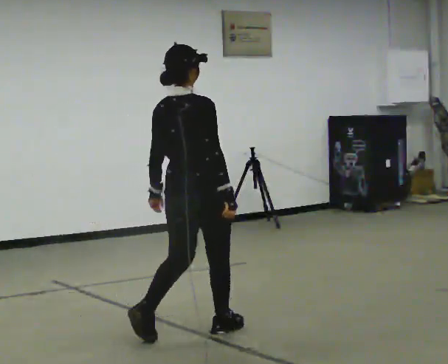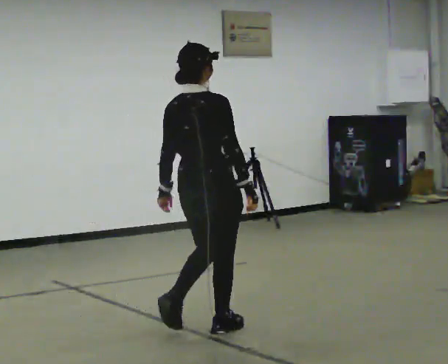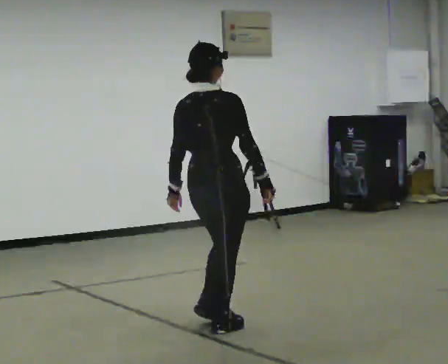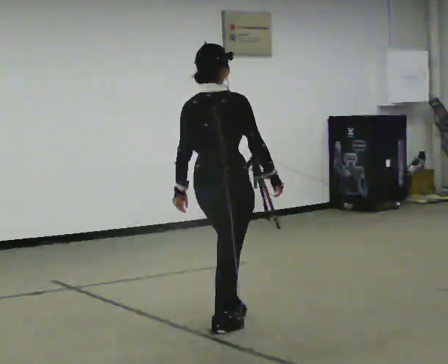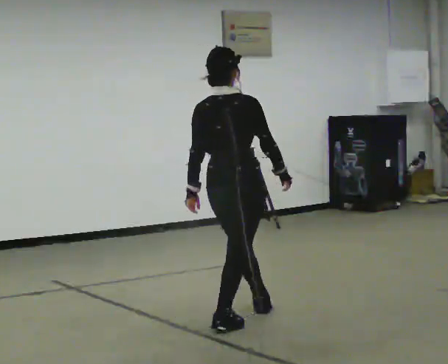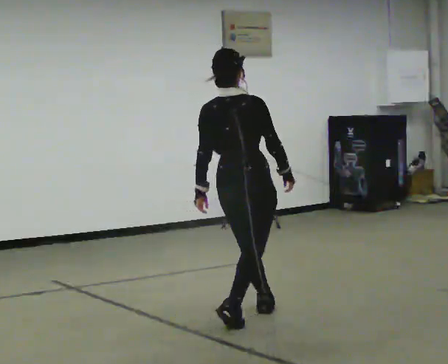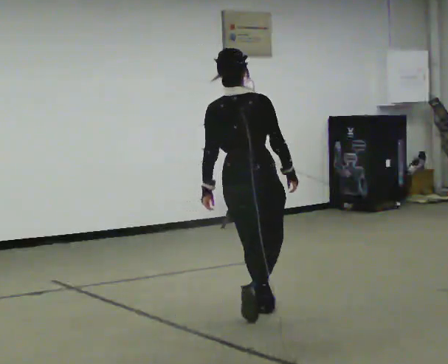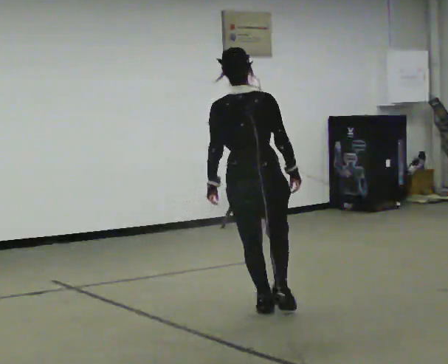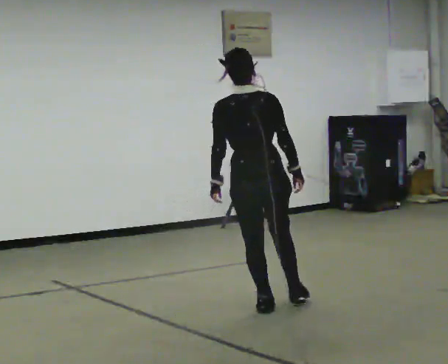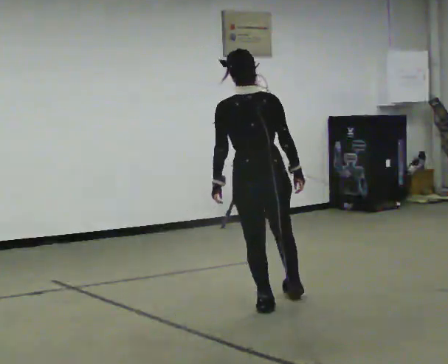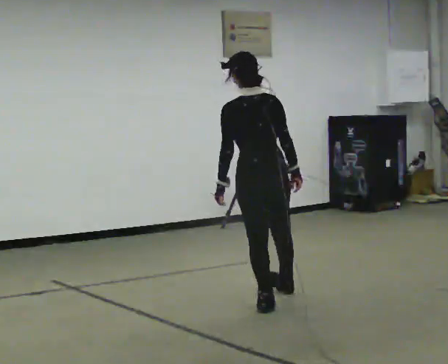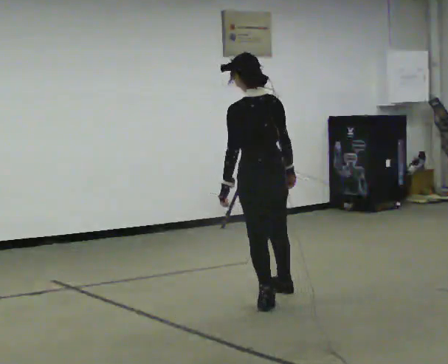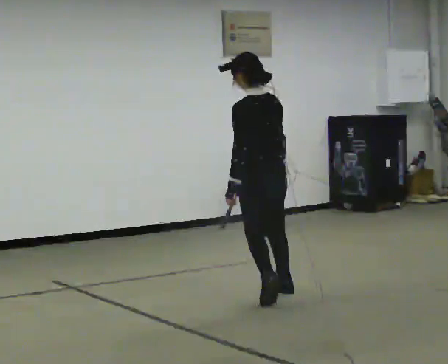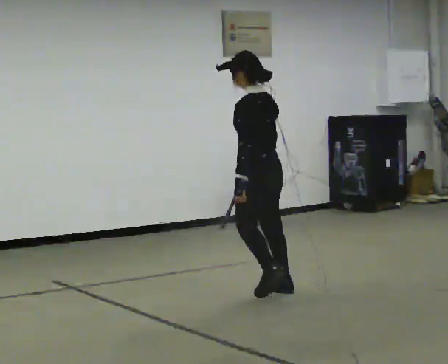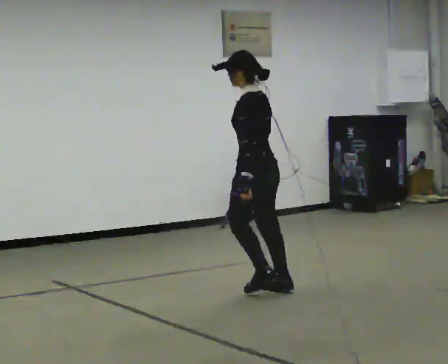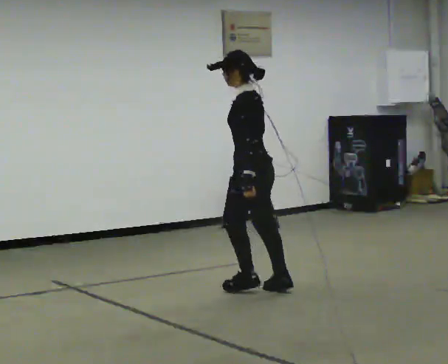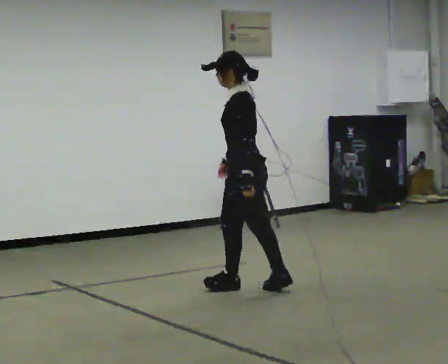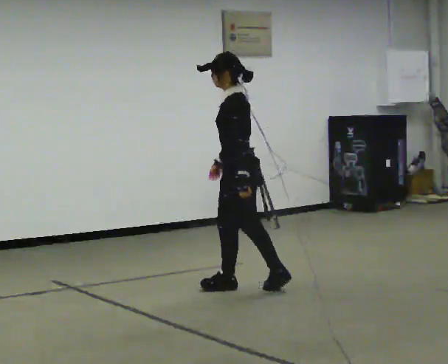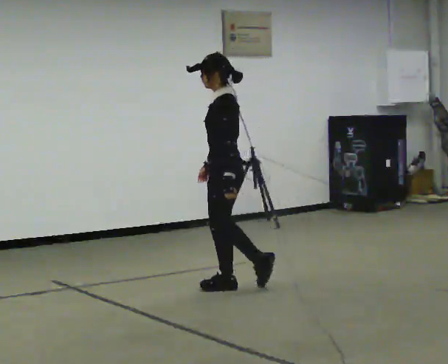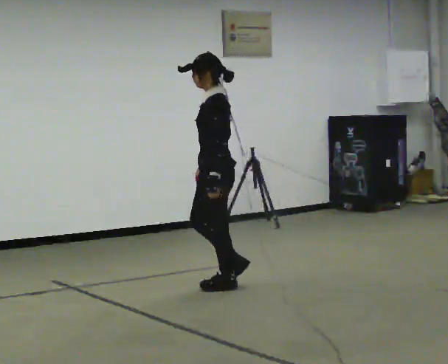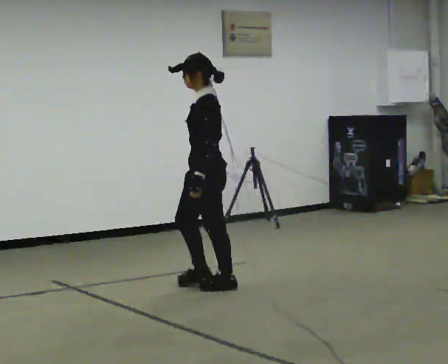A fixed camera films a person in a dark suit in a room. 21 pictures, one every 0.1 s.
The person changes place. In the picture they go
away from the camera.
The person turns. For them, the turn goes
to their left.
0.0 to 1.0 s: The part of the body nearest the lens slides to the right as the person turns to their left by about 60 degrees. In the picture they go away from the camera and to the right, about 1 m in 1 step, which for them is forward.
1.0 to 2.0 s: Seen from above the body turns counterclockwise, about 75 degrees: to their left, with its near side sliding to the right. In the picture they go away from the camera and to the left, about 0.5 m in 2 steps.
The film runs forward here.
